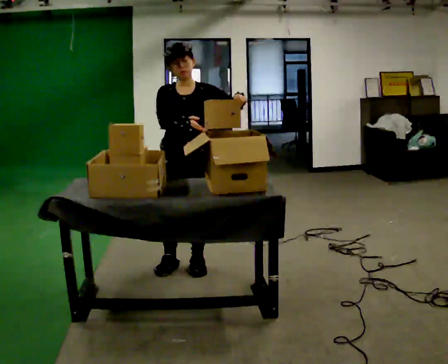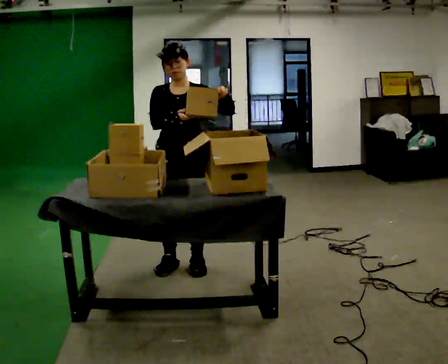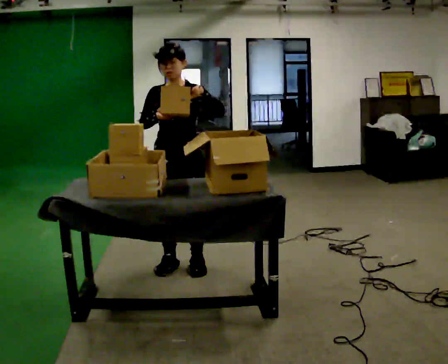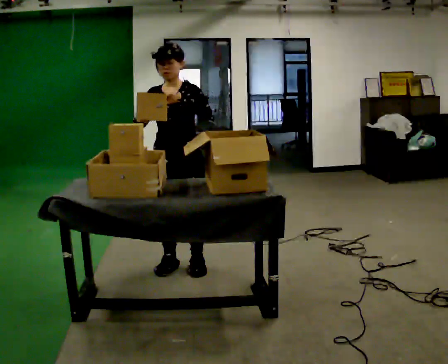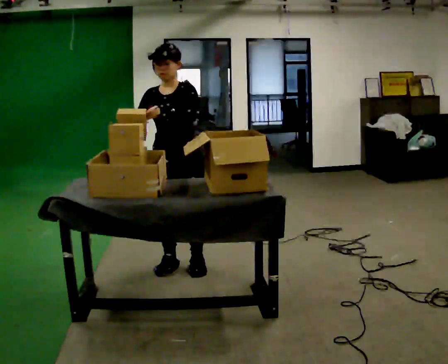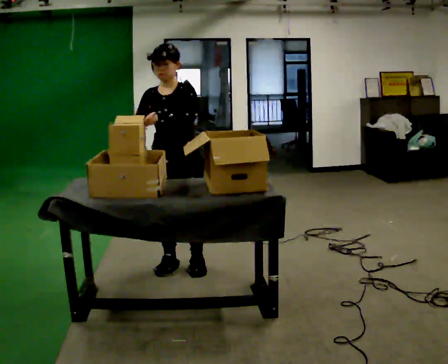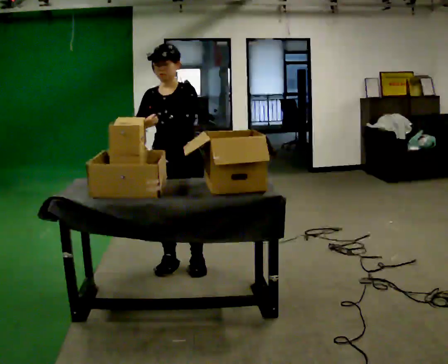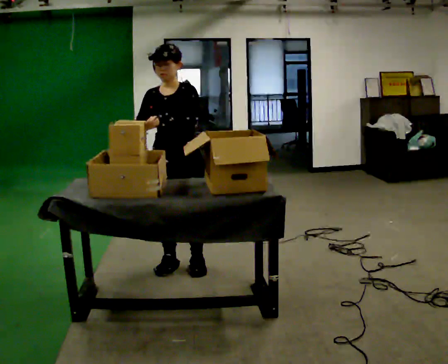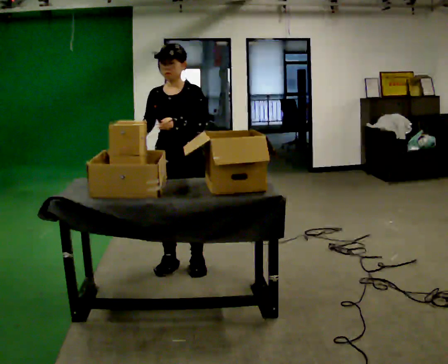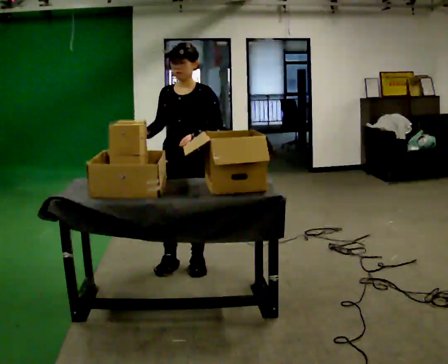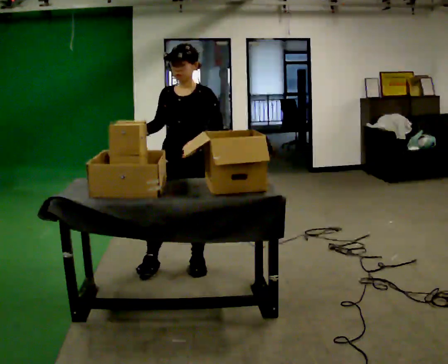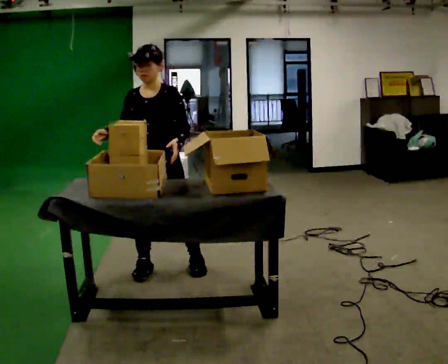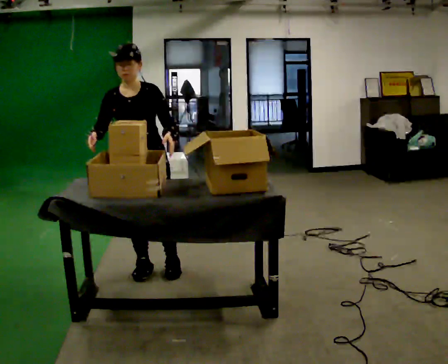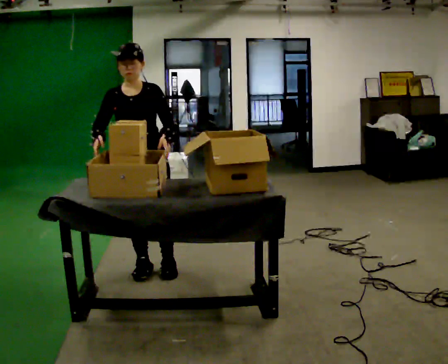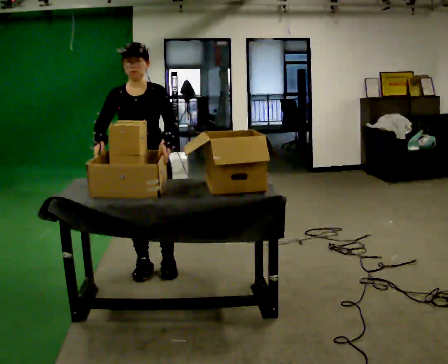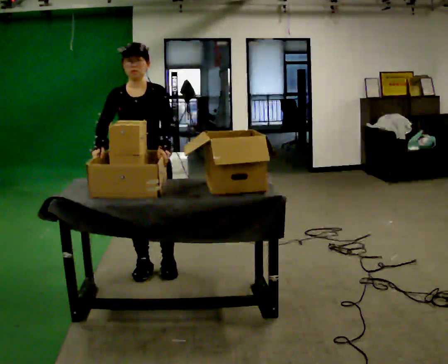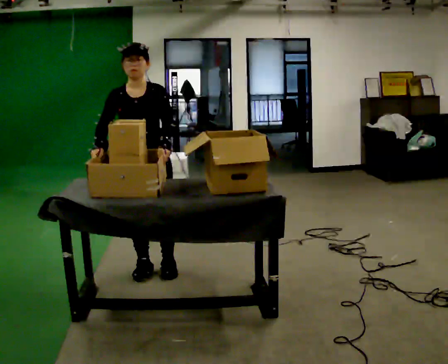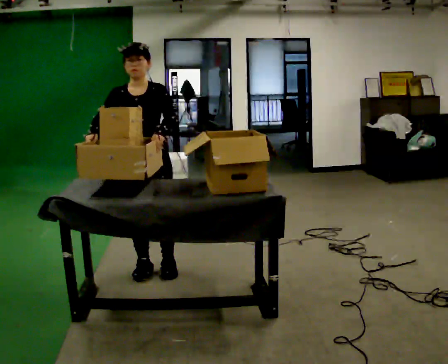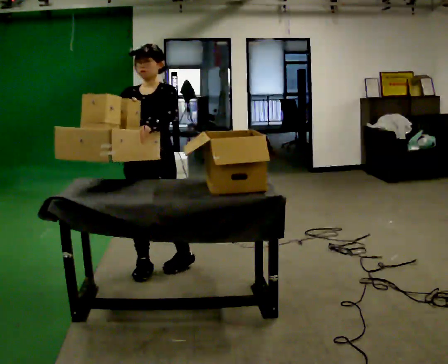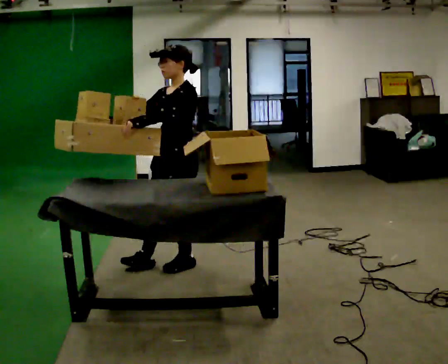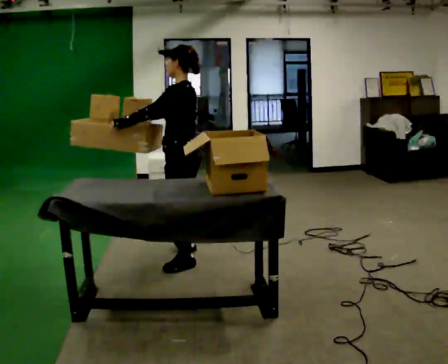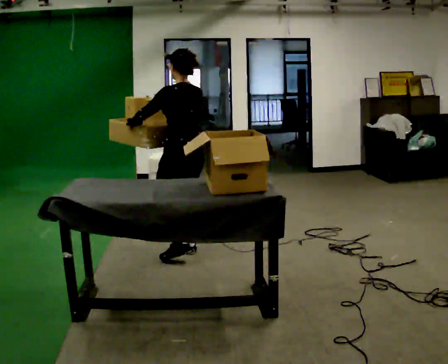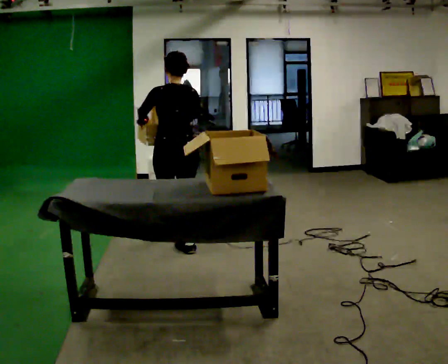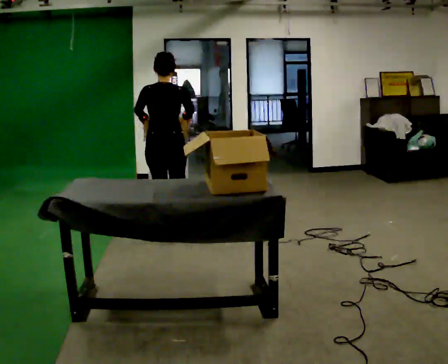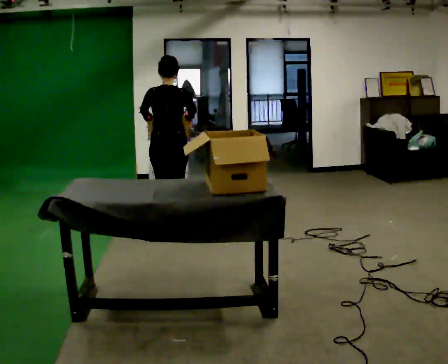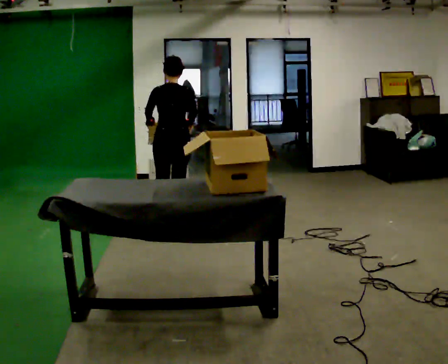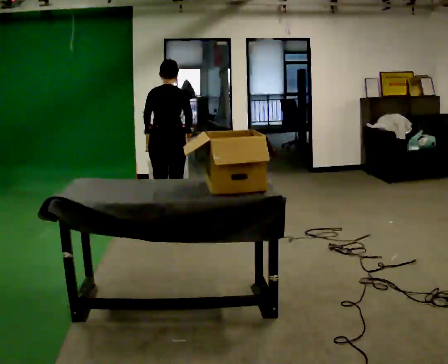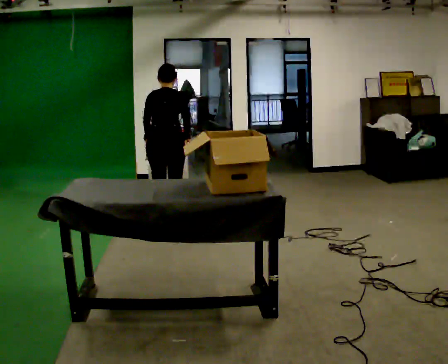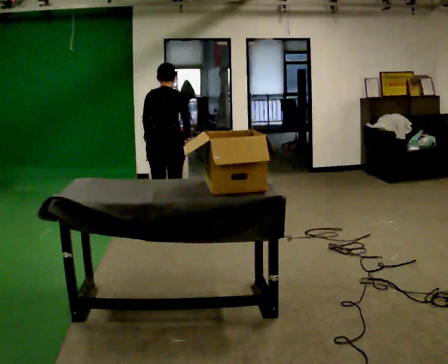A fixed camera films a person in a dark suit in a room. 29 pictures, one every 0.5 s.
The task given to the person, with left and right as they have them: 1. Move everything from the second bin into the first bin. 2. Carry the empty bin to the shelf. 3. Carry the full bin to the table. 4. Tell the operator when you are finished.
0.0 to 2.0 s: In the picture their left hand goes to the left.
2.0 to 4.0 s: The person moves a little, or ends about where they began.
4.0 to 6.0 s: In the picture they go to the left, about 0.25 m in 2 steps, which for them is to their right.
6.0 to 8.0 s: The person moves a little, or ends about where they began.
8.0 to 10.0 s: Seen from above the body turns clockwise, about 105 degrees: to their right, with its near side sliding to the left. In the picture they go to the right and away from the camera, about 0.25 m in 1 step.
10.0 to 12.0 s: The part of the body nearest the lens slides to the left as the person turns to their right by about 75 degrees. In the picture they go away from the camera, about 1 m in 2 steps.
12.0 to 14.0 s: The upper body tips away from the camera, its near side rolling upward, as they bend forward.
The film runs forward here.
